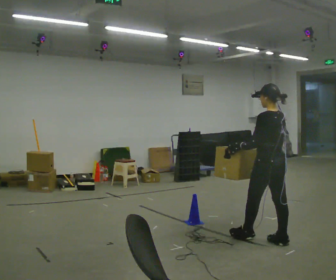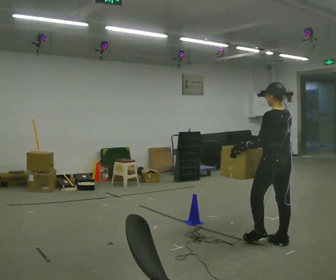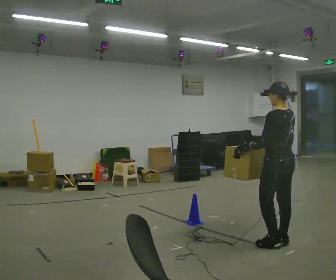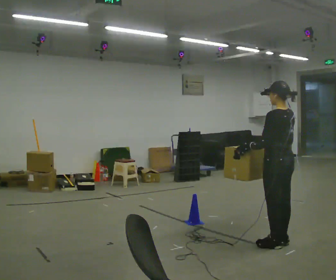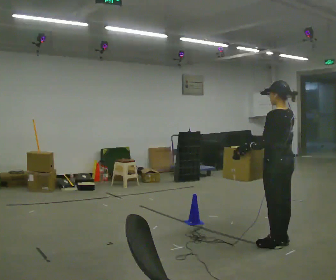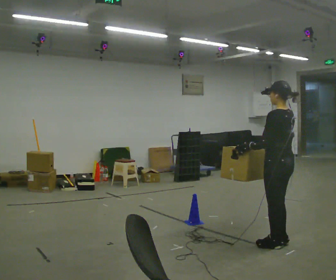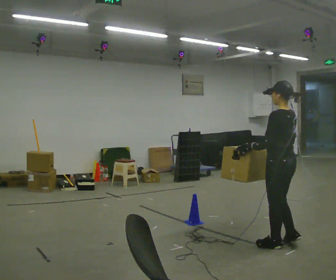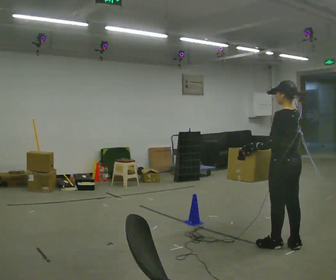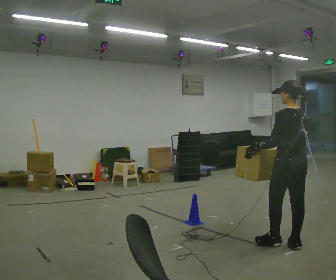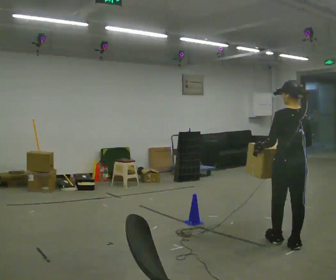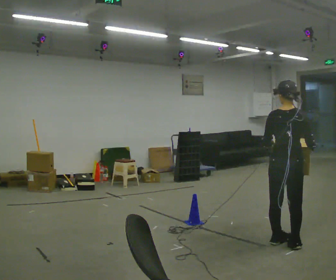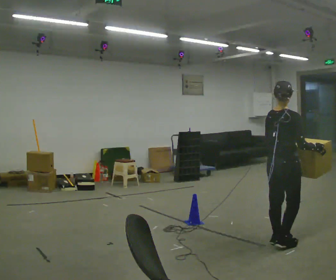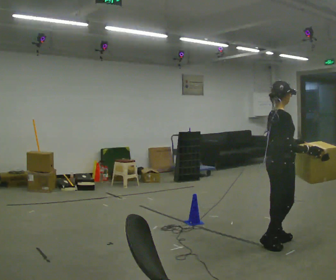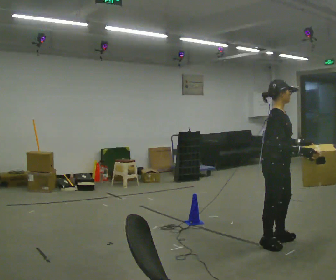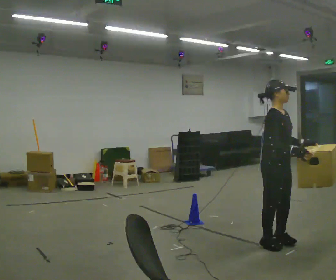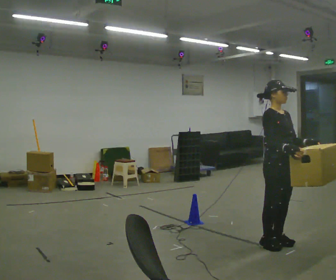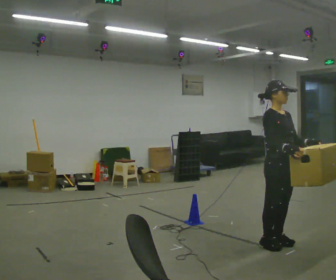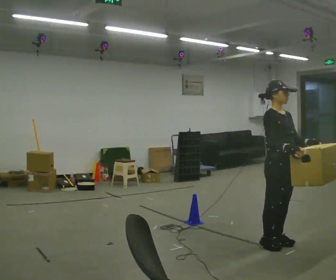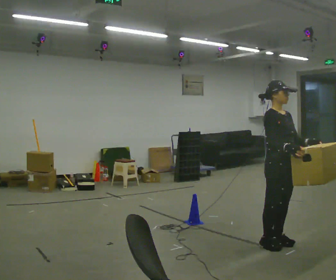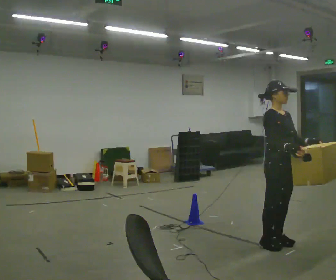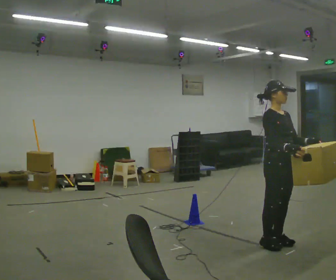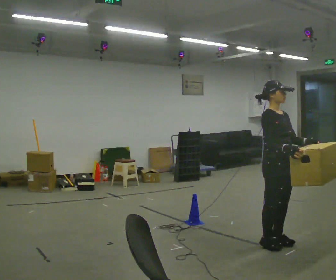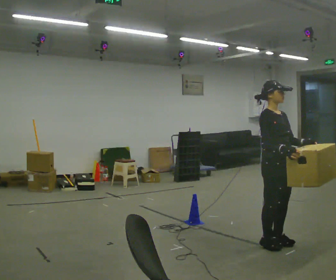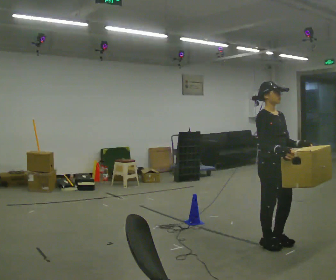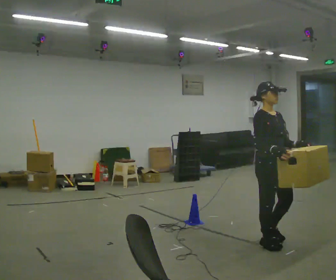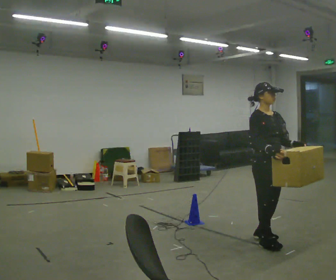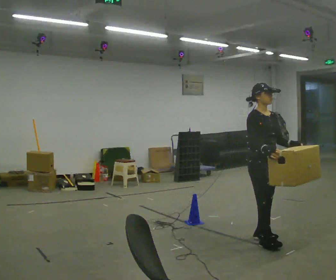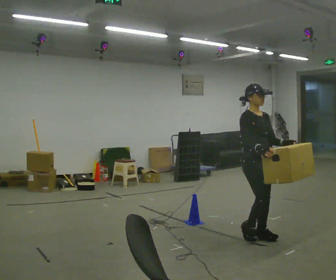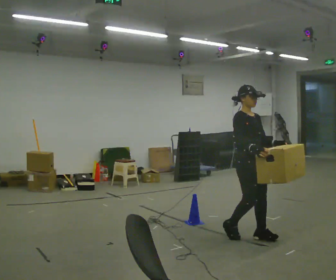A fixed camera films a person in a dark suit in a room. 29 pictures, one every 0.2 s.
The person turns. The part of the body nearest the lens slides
to the left.
The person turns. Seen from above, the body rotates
clockwise.
0.0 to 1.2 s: The person moves a little, or ends about where they began.
1.2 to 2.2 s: The part of the body nearest the lens slides to the left as the person turns to their right by about 90 degrees.
2.2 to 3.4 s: The person turns about 90 degrees to their right, clockwise seen from above, so the part of the body nearest the lens slides to the left. In the picture their left hand goes to the right.
3.4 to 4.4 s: The person moves a little, or ends about where they began.
4.4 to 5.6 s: In the picture they go to the left and away from the camera, about 0.25 m in 2 steps, which for them is backward.
The film runs backward here.
